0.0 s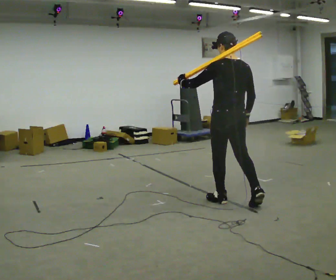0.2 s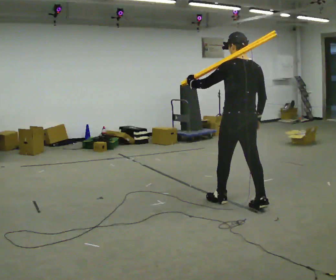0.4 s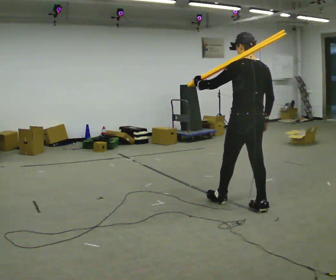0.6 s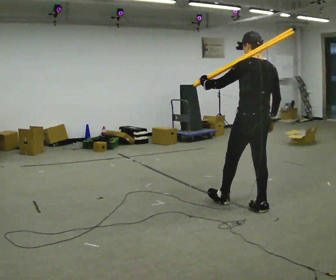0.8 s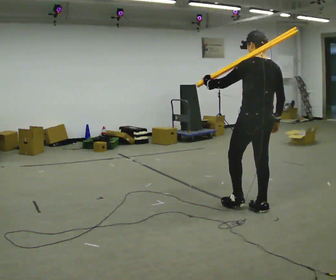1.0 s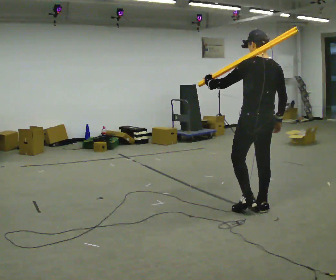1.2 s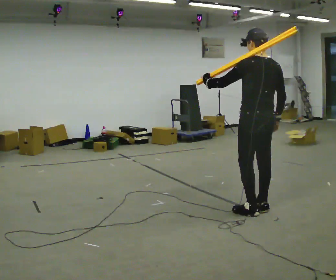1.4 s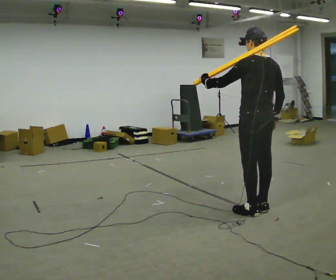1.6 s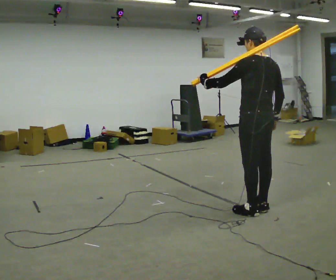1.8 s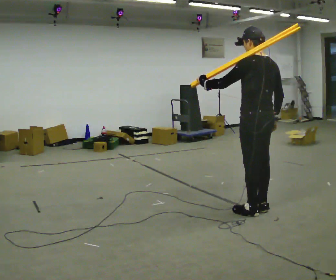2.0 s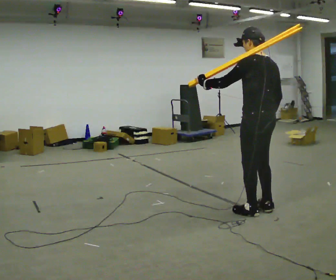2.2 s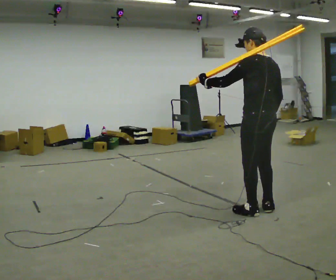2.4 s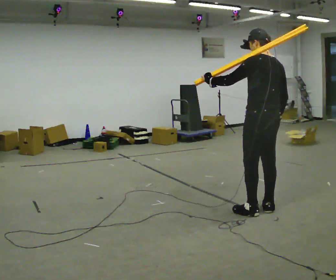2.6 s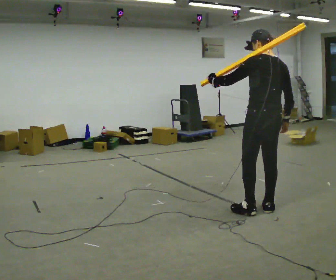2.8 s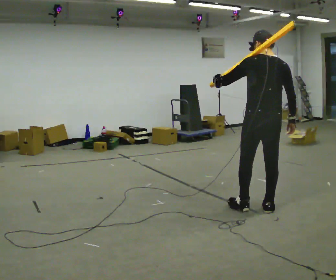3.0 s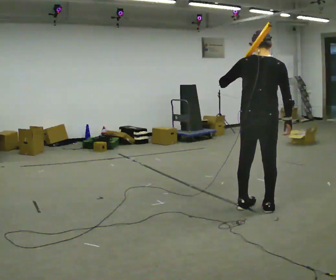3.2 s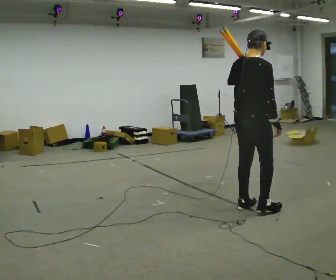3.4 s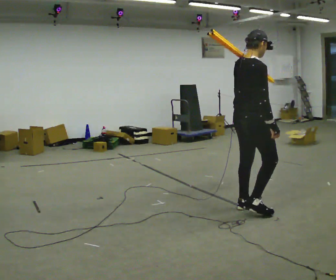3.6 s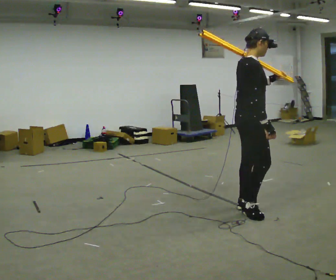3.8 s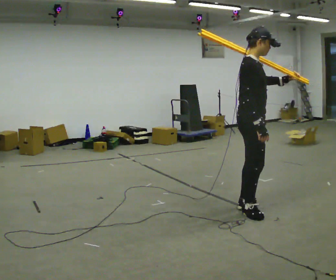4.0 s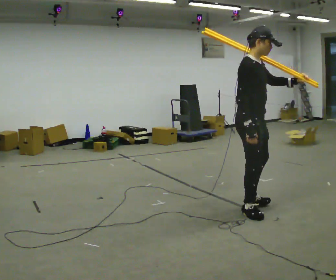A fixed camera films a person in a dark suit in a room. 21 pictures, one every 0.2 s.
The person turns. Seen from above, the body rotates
clockwise.
The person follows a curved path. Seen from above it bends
clockwise.
0.0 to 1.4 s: In the picture they go to the right and toward the camera, about 0.5 m in 1 step, which for them is backward.
1.4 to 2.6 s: The person moves a little, or ends about where they began.
2.6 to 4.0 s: The part of the body nearest the lens slides to the left as the person turns to their right by about 135 degrees. In the picture they go to the left, about 0.25 m in 2 steps. In the picture their left hand goes to the right.
The film runs backward here.
